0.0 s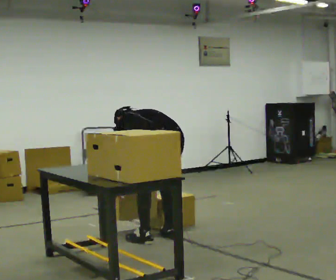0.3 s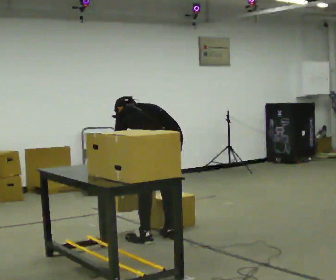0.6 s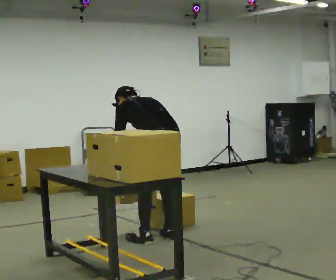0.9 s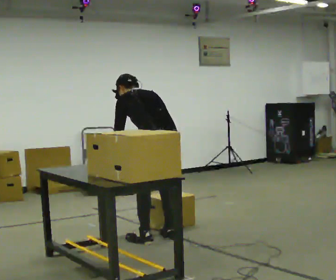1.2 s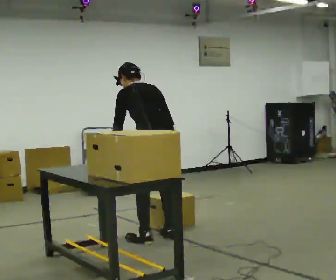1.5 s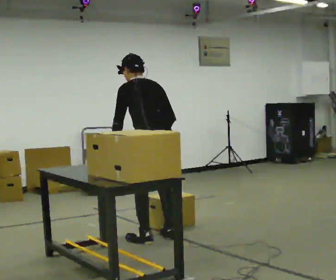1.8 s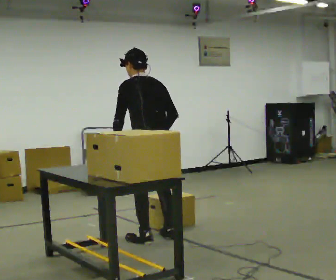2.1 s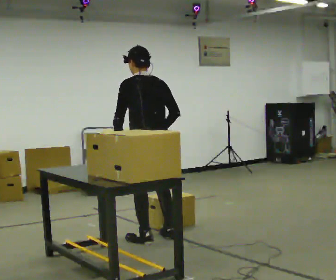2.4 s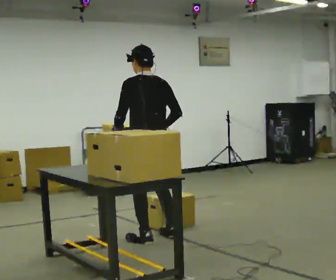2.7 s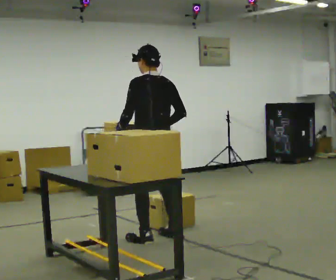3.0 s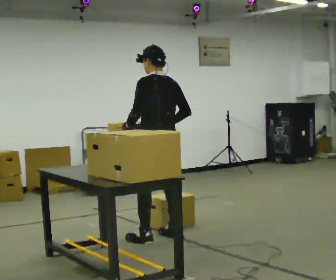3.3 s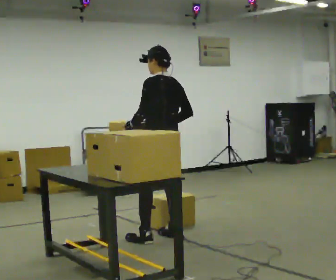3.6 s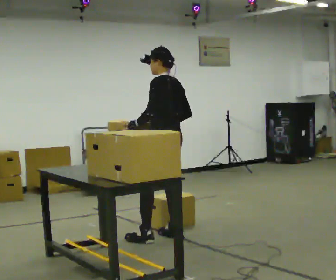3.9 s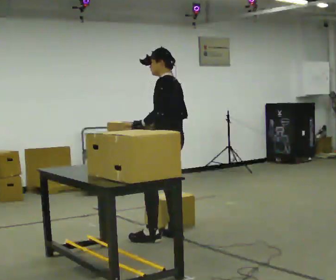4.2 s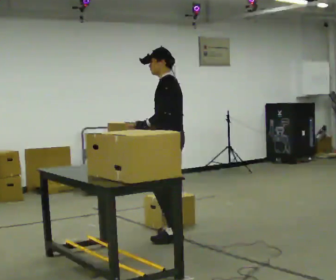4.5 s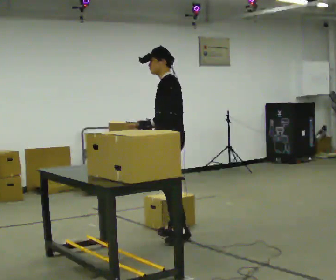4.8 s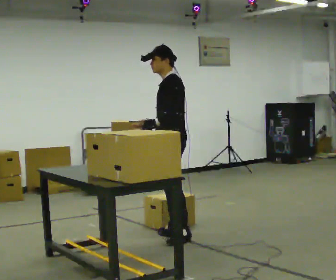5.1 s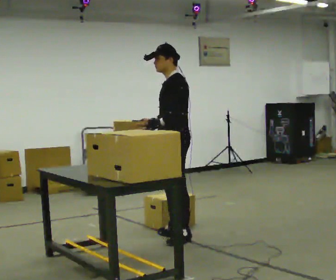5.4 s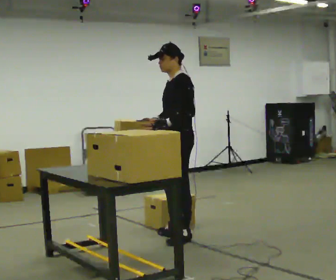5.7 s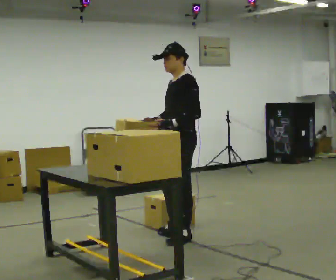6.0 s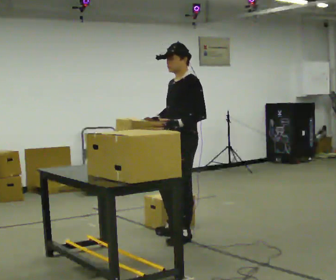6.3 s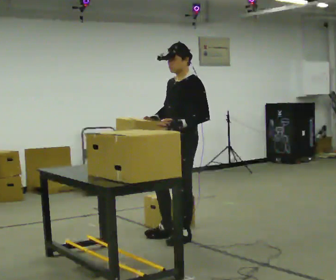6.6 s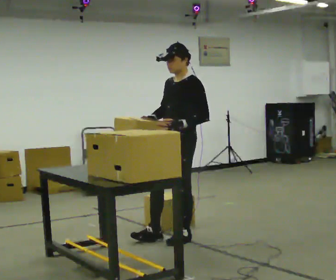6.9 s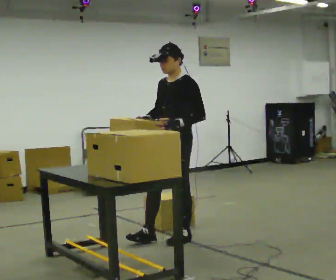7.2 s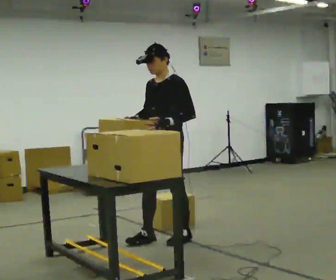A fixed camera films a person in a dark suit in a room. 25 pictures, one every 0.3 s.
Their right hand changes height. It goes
upward.
The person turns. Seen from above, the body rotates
counterclockwise.
0.0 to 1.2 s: The upper body goes upward. The upper body tips toward the camera, its near side rolling downward, as they lean back or straighten.
1.2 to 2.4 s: The upper body tips toward the camera, its near side rolling downward, as they lean back or straighten.
2.4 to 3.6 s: In the picture they go to the right, about 0.25 m, which for them is to their right.
3.6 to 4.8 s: The person turns about 30 degrees to their left, counterclockwise seen from above, so the part of the body nearest the lens slides to the right.
4.8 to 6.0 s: The person moves a little, or ends about where they began.
6.0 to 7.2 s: In the picture they go to the left, about 0.25 m in 1 step, which for them is forward.
The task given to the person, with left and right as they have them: Pick the fragile object up and set it back down as gently as you can. Repeat at your own pace until the operator says stop. Keep both feet on the marked spots for the whole take. If you have to step, stop and tell the operator.
The film runs forward here.
